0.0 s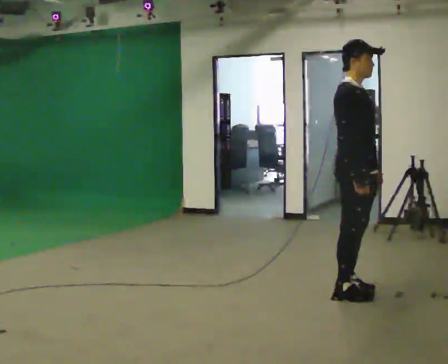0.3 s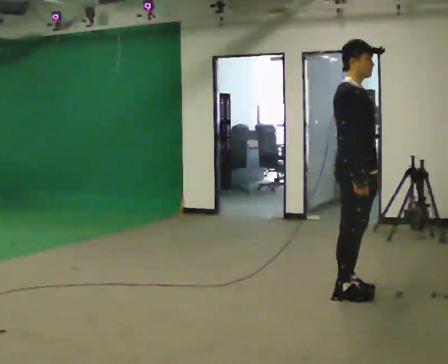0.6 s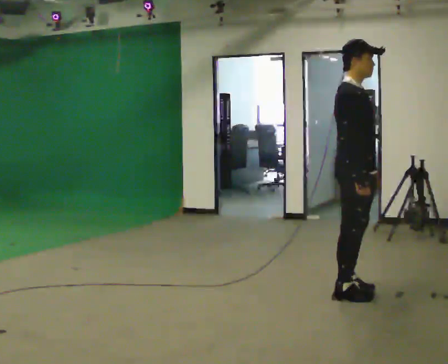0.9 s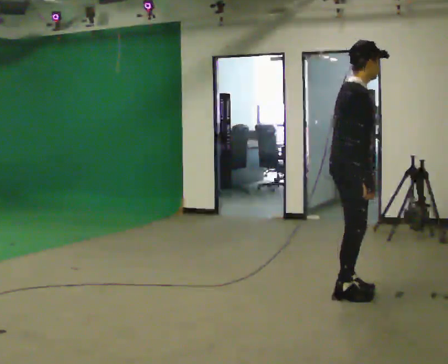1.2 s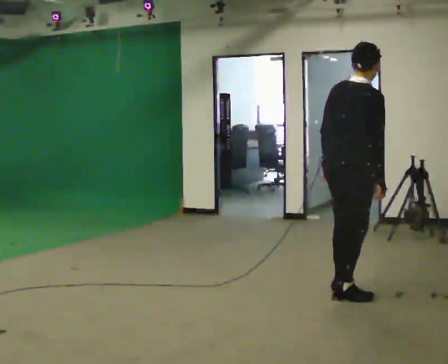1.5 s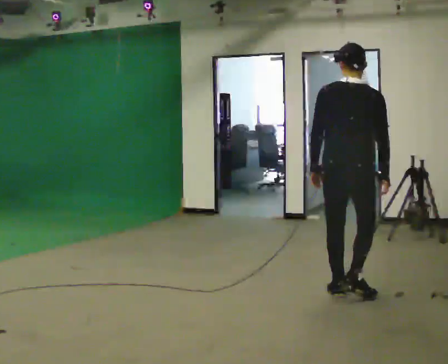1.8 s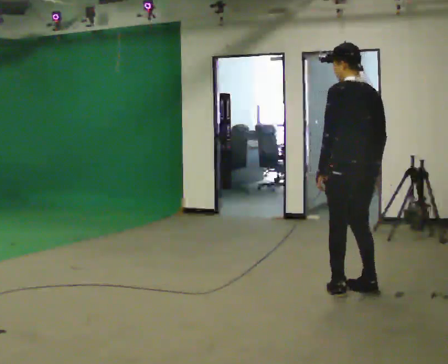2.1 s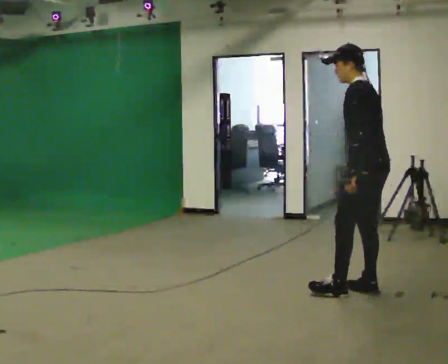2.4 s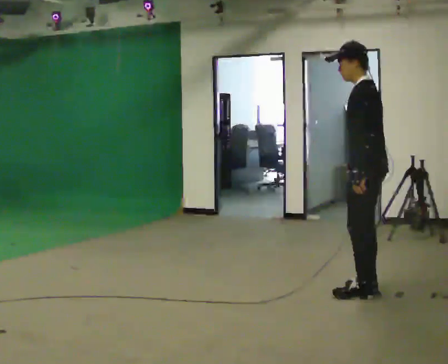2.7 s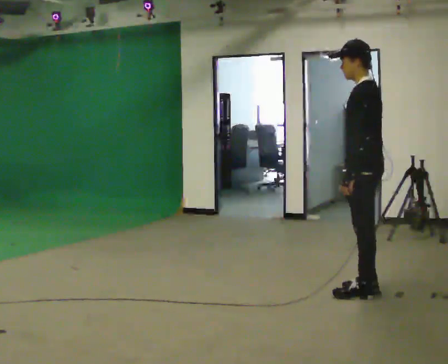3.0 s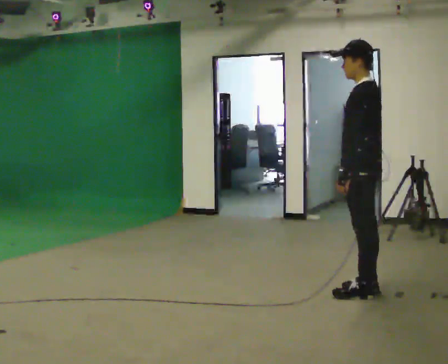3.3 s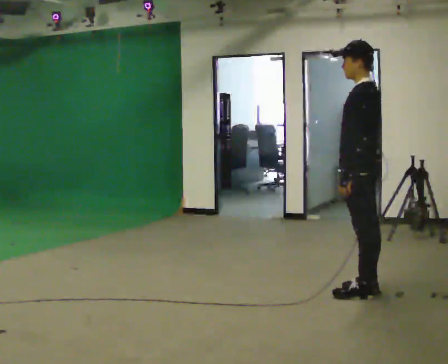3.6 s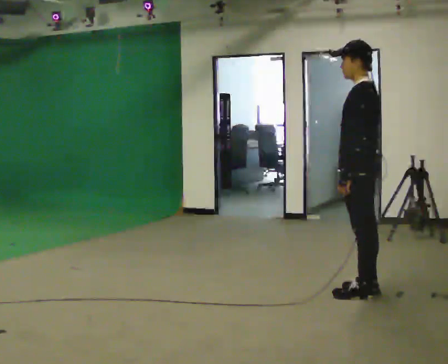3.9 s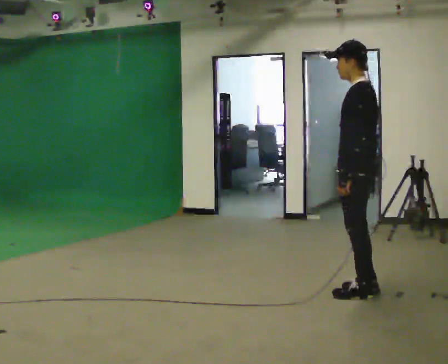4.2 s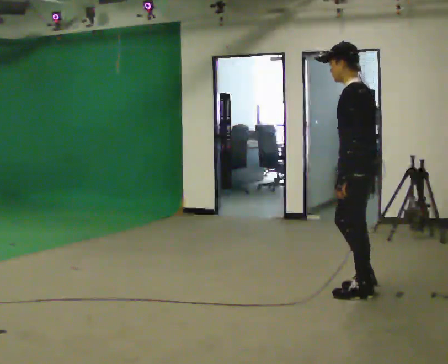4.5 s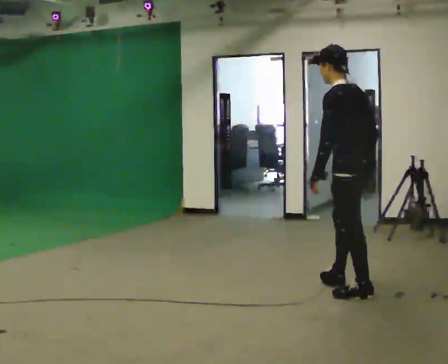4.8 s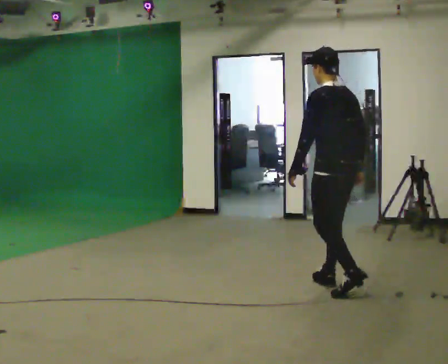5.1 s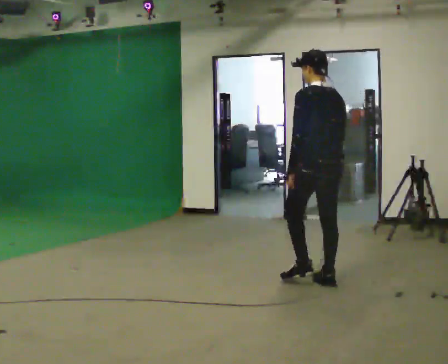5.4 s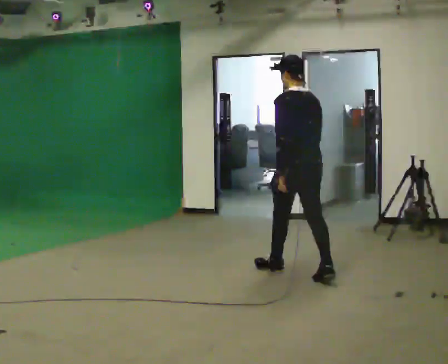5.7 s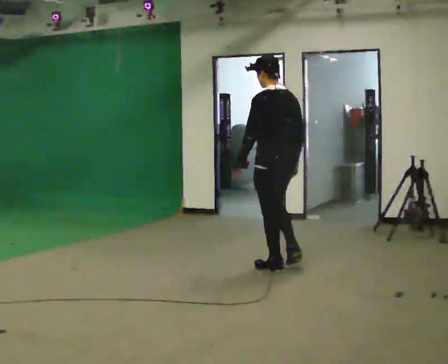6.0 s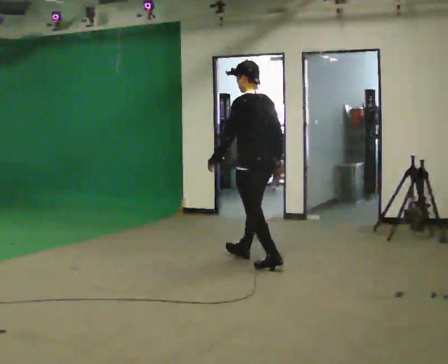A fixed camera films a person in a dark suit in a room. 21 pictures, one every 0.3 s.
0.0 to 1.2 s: Seen from above the body turns counterclockwise, about 60 degrees: to their left, with its near side sliding to the right. In the picture their left hand goes to the left.
1.2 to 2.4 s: The part of the body nearest the lens slides to the right as the person turns to their left by about 120 degrees. In the picture they go to the right, about 0.25 m in 2 steps. In the picture the upper body tilts counterclockwise, shoulders to the left.
2.4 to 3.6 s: The person moves a little, or ends about where they began.
3.6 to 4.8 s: The part of the body nearest the lens slides to the left as the person turns to their right by about 30 degrees. In the picture they go away from the camera and to the left, about 0.25 m in 1 step, which for them is forward and to their right.
4.8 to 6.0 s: In the picture they go away from the camera and to the left, about 1 m in 1 step, which for them is forward.
The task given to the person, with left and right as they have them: Walk forward; gradually curve left/right; straighten out.
The film runs forward here.
